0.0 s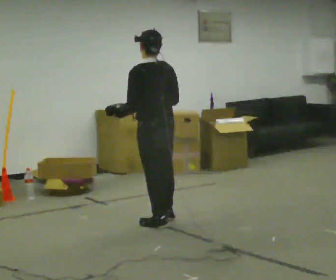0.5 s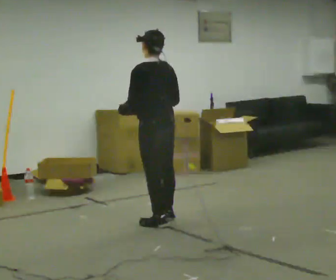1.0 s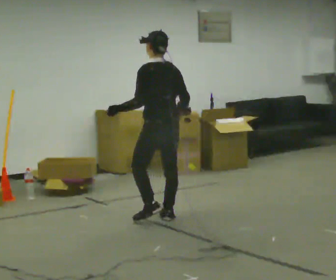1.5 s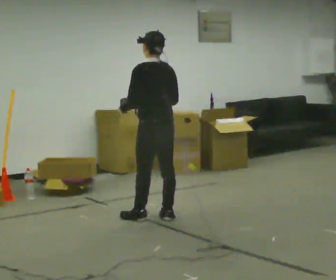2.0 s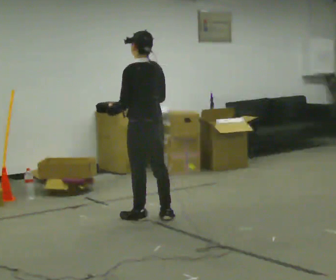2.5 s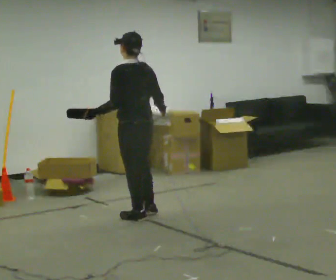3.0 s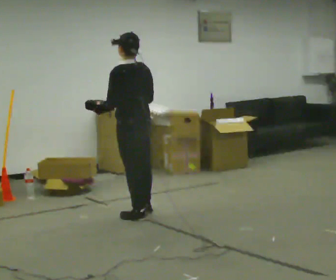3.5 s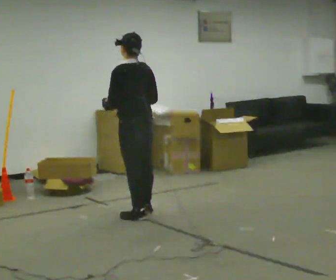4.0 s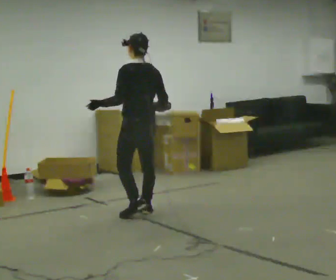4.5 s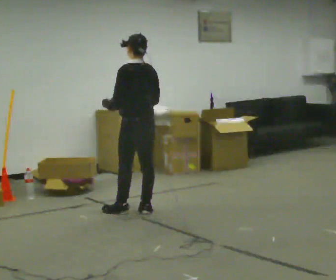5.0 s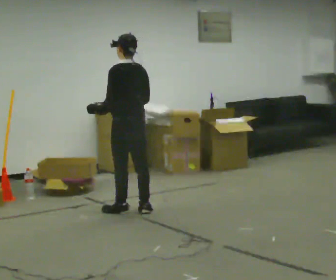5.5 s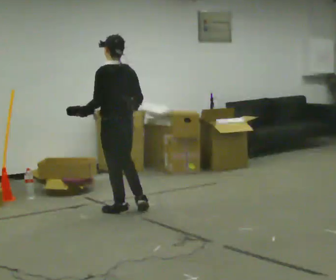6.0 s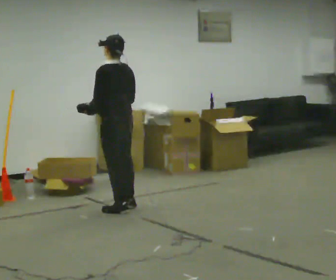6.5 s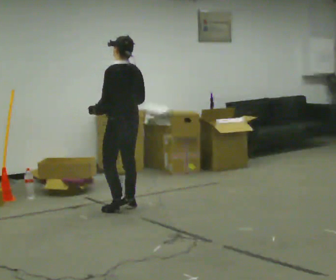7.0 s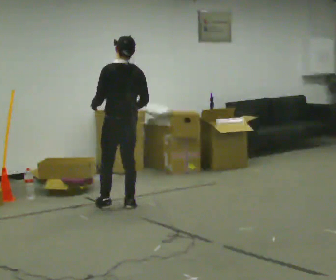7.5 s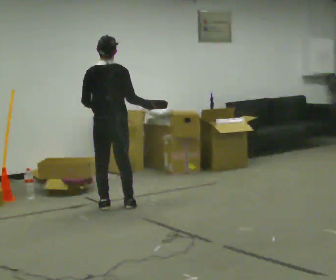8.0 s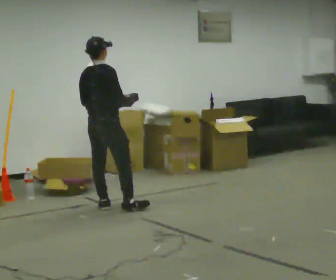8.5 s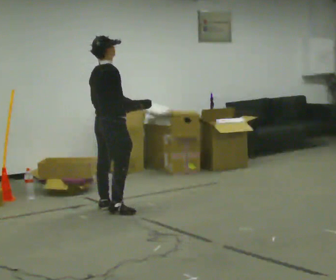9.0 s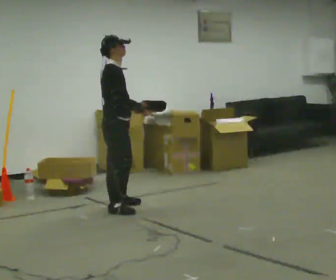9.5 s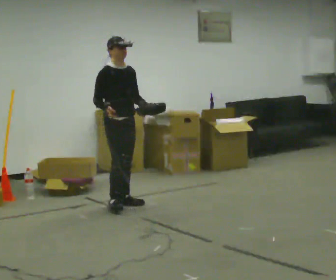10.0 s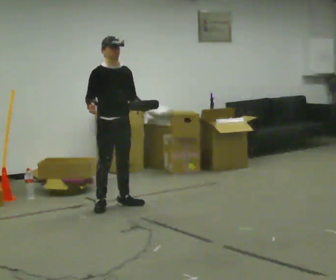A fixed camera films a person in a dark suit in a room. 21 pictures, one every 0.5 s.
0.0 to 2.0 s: In the picture they go away from the camera, about 0.25 m in 1 step, which for them is forward.
2.0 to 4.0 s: In the picture they go away from the camera, about 0.25 m in 1 step, which for them is forward.
4.0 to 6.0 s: In the picture they go to the left and away from the camera, about 0.25 m in 2 steps, which for them is forward. In the picture their right hand goes to the left.
6.0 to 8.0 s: The person turns about 90 degrees to their right, clockwise seen from above, so the part of the body nearest the lens slides to the left. In the picture they go to the left, about 0.25 m in 1 step.
8.0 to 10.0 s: The person turns about 105 degrees to their right, clockwise seen from above, so the part of the body nearest the lens slides to the left. In the picture their right hand goes to the left, the arm swinging clockwise.
The film runs forward here.
